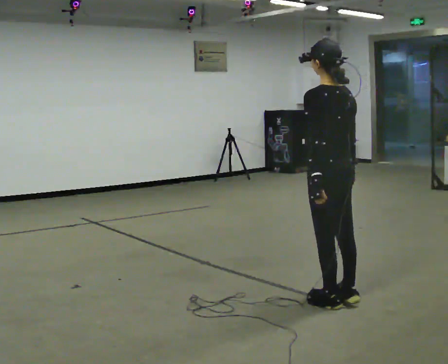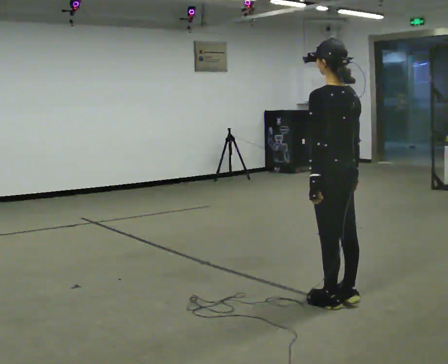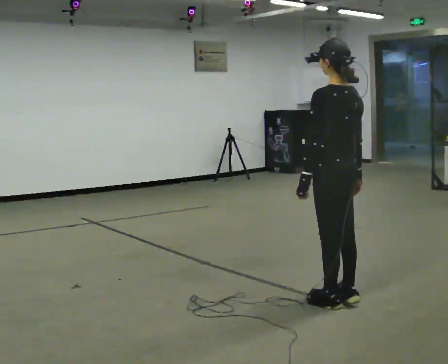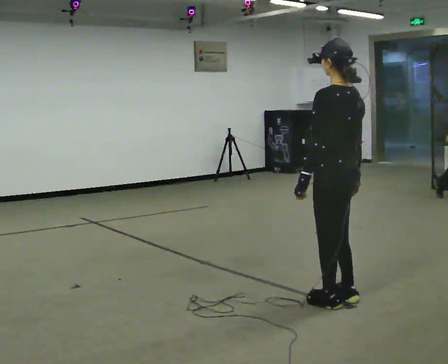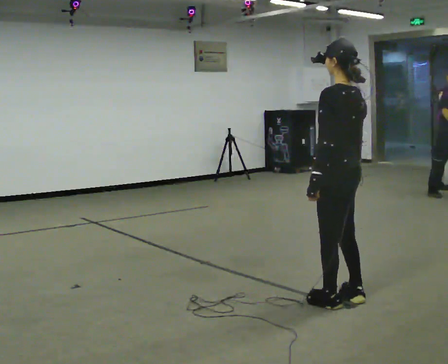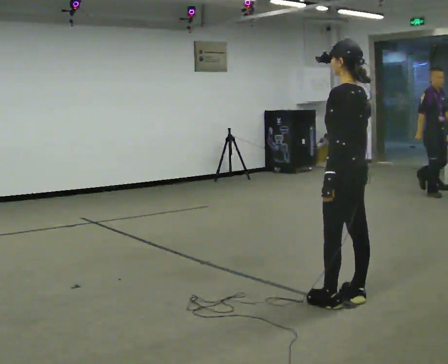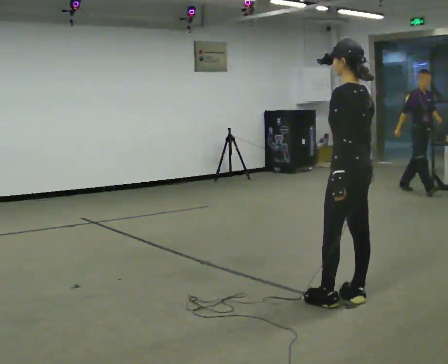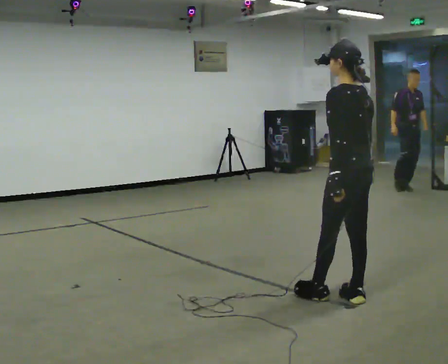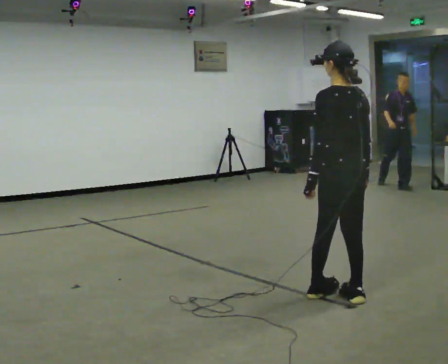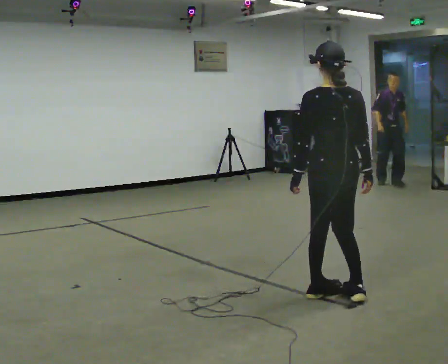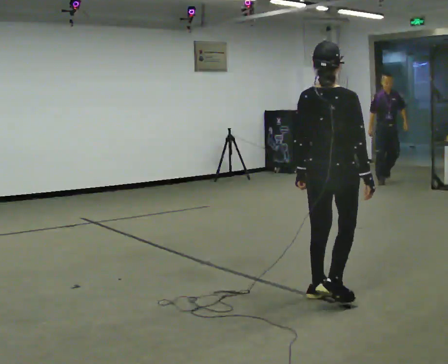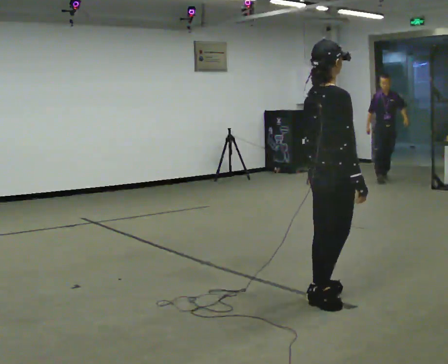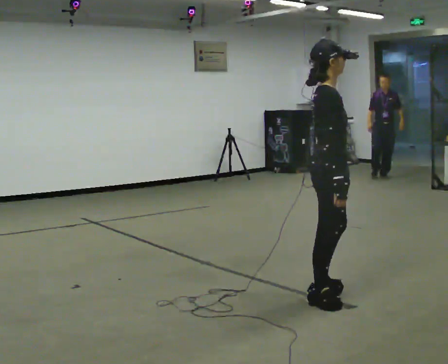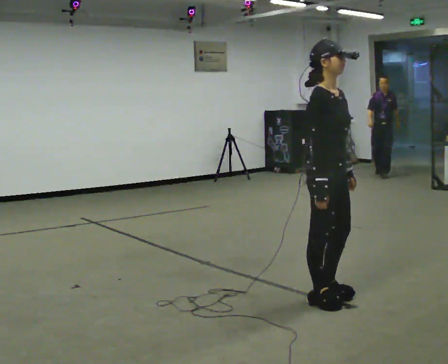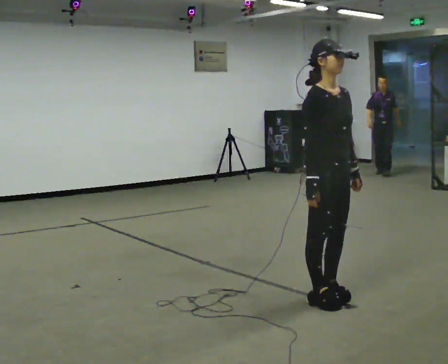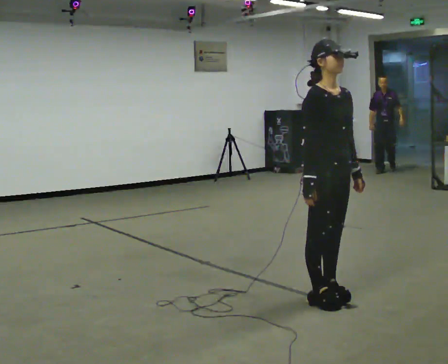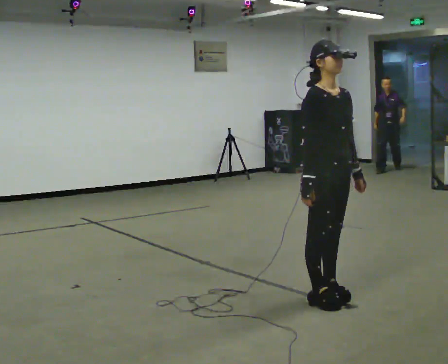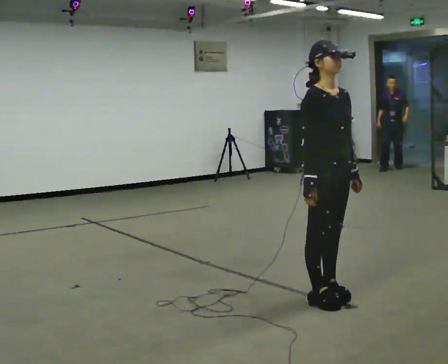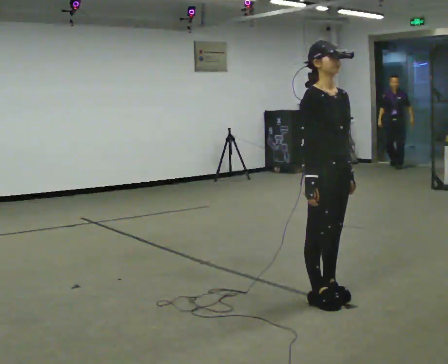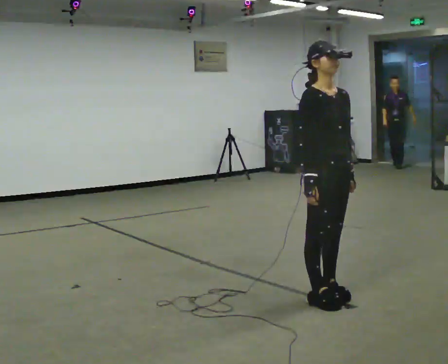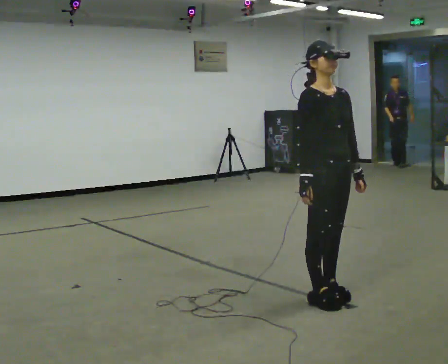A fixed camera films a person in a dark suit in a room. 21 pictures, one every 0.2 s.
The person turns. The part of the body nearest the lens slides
to the left.
The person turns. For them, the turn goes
to their right.
0.0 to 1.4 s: The person moves a little, or ends about where they began.
1.4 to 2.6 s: The person turns about 165 degrees to their right, clockwise seen from above, so the part of the body nearest the lens slides to the left. In the picture they go to the left, about 0.25 m in 1 step. In the picture their right hand goes to the left.
2.6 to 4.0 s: Seen from above the body turns clockwise, about 30 degrees: to their right, with its near side sliding to the left.
The film runs backward here.
